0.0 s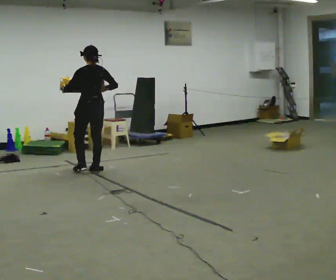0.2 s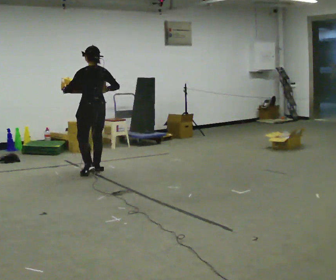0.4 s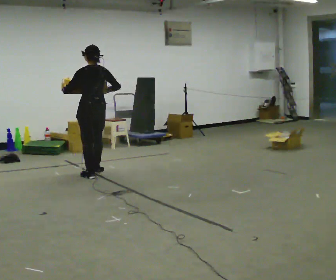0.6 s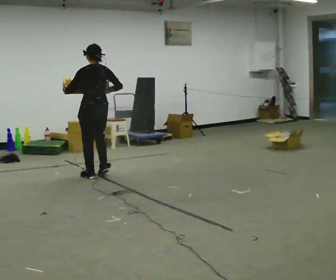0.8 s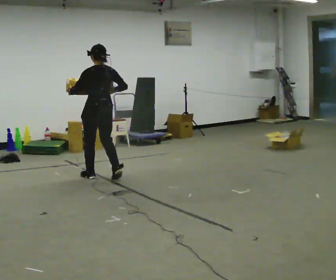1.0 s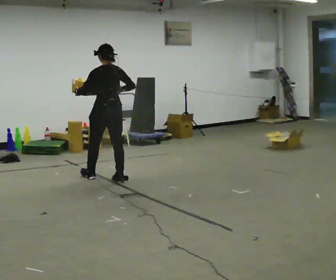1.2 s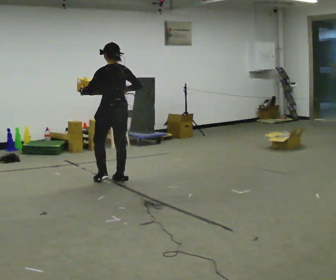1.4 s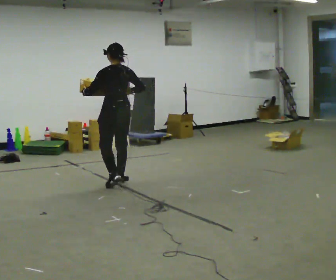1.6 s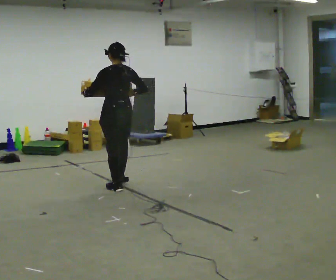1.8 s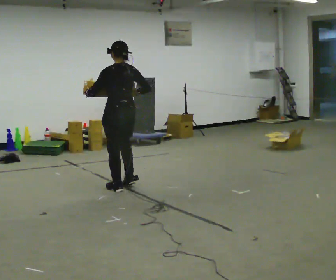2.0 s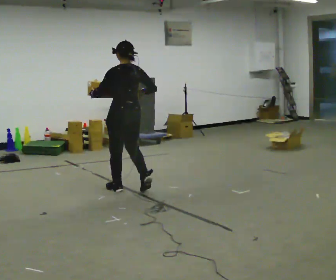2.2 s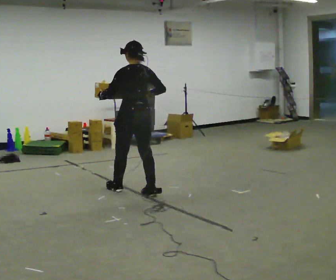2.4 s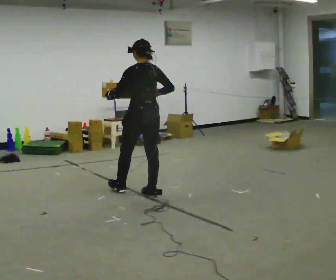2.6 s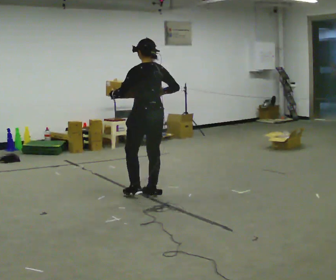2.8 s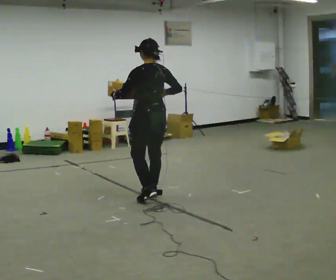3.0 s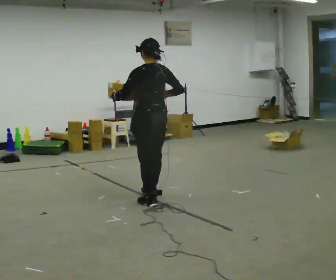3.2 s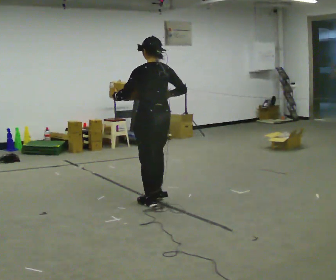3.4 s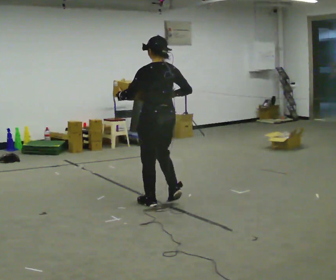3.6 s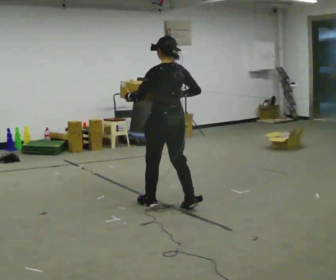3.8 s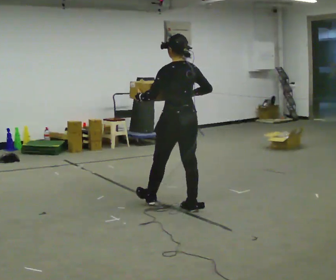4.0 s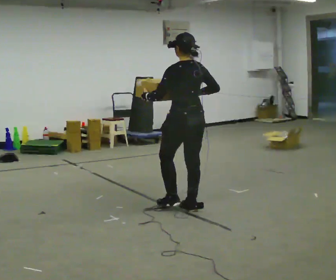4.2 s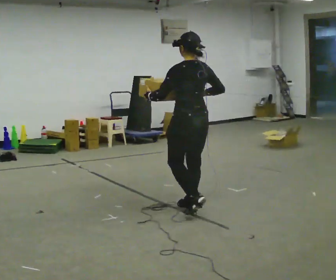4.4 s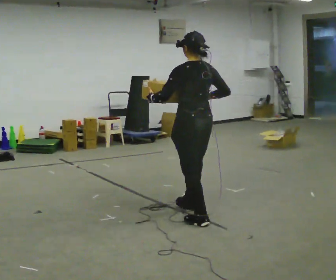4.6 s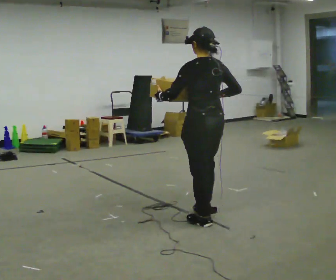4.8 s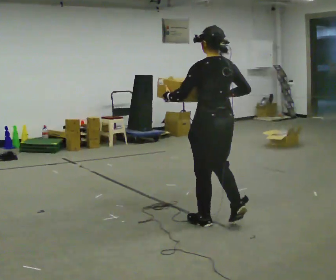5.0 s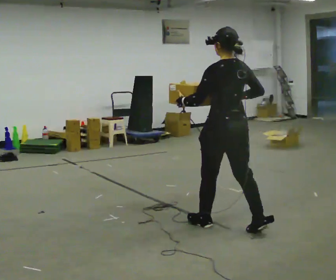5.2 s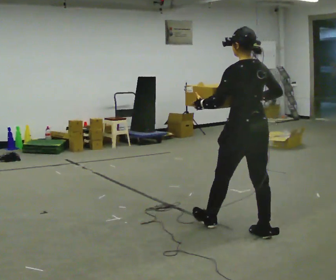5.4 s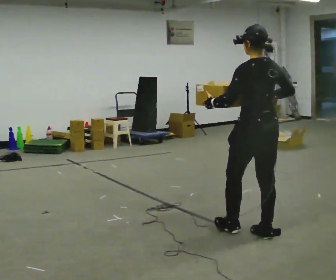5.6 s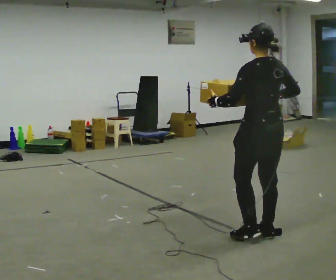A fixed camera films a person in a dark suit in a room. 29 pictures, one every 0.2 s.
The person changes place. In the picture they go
toward the camera.
0.0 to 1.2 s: In the picture they go toward the camera and to the right, about 0.5 m in 2 steps, which for them is backward.
1.2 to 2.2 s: In the picture they go toward the camera and to the right, about 0.5 m in 1 step, which for them is backward.
2.2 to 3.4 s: In the picture they go toward the camera and to the right, about 0.5 m in 2 steps, which for them is backward.
3.4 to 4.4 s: In the picture they go toward the camera and to the right, about 0.5 m in 1 step, which for them is backward.
4.4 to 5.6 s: In the picture they go toward the camera and to the right, about 0.75 m in 2 steps, which for them is backward.
The film runs backward here.
